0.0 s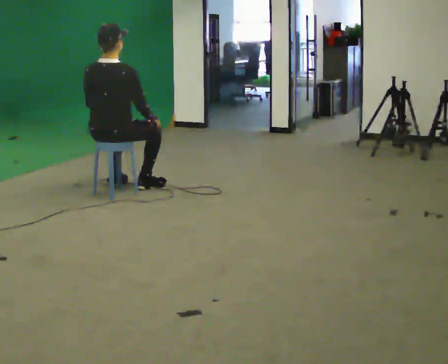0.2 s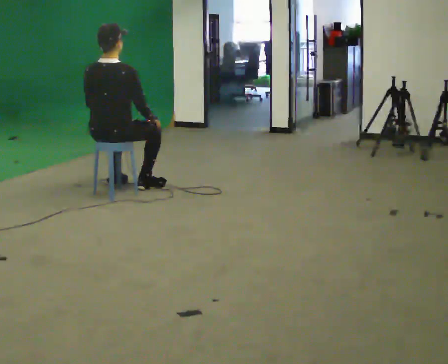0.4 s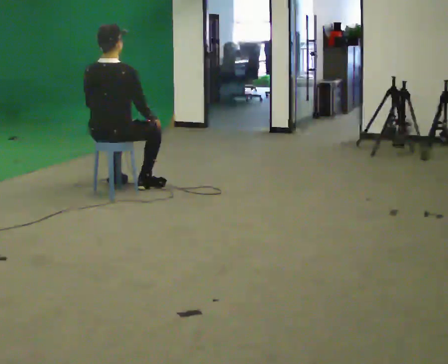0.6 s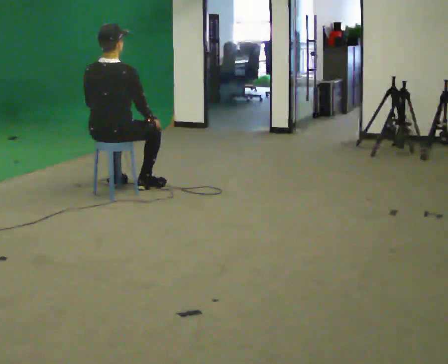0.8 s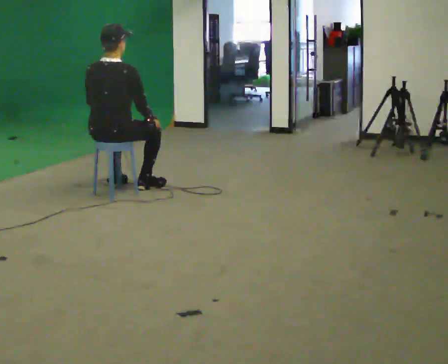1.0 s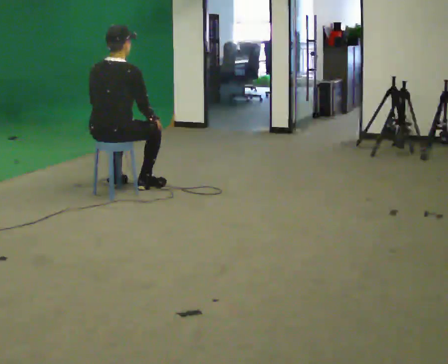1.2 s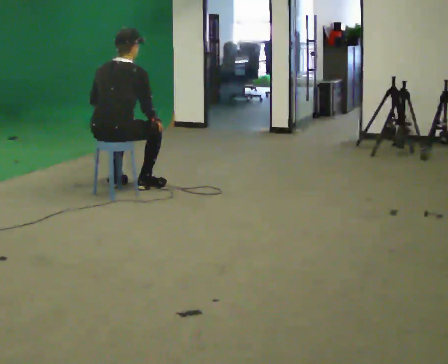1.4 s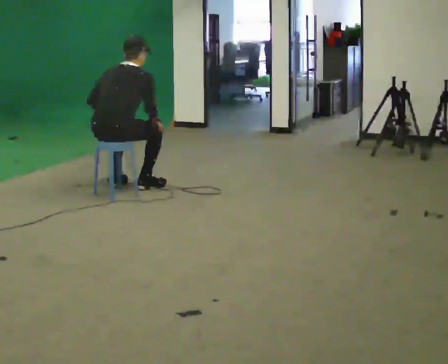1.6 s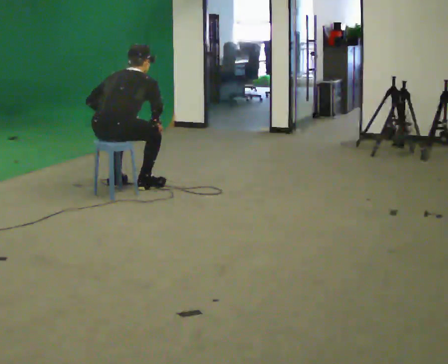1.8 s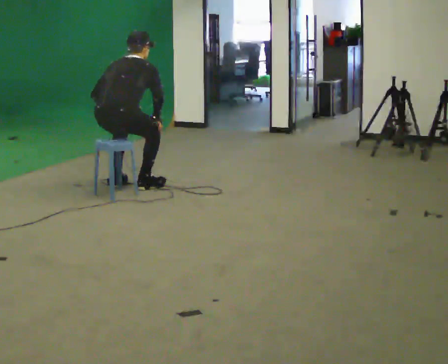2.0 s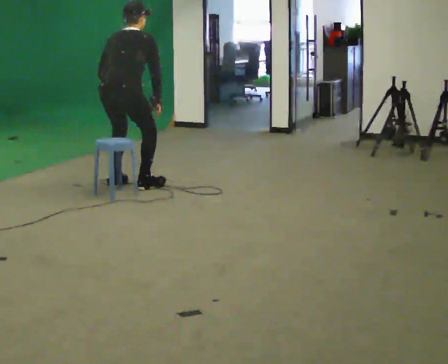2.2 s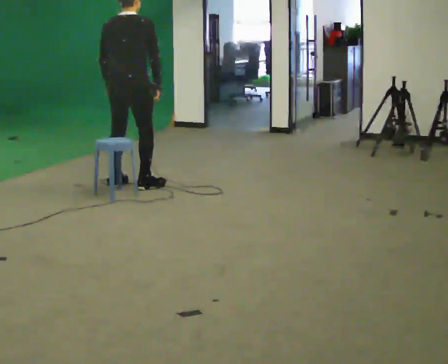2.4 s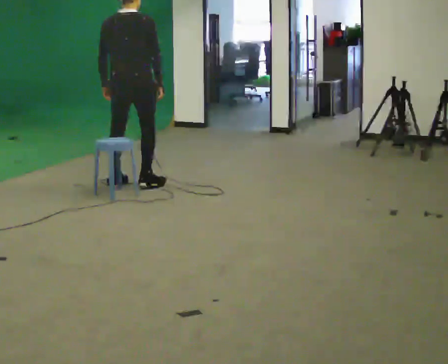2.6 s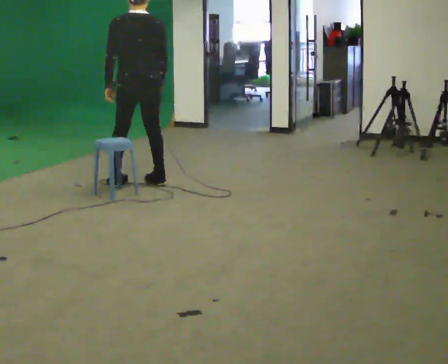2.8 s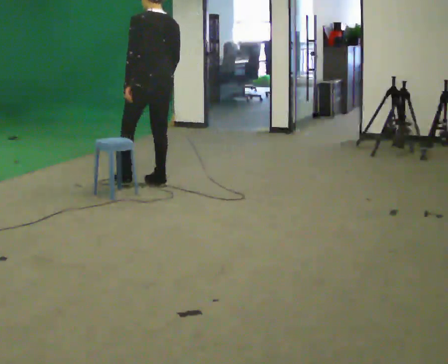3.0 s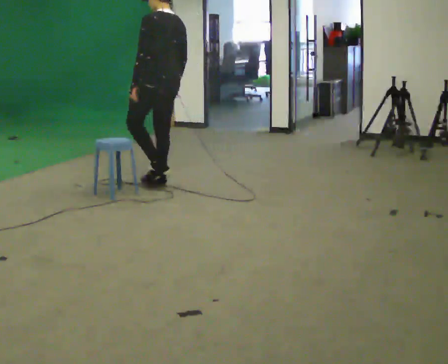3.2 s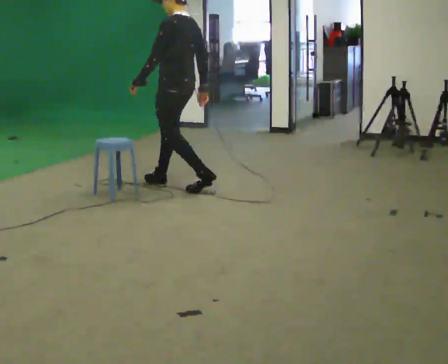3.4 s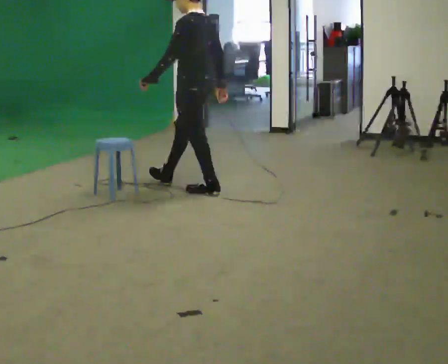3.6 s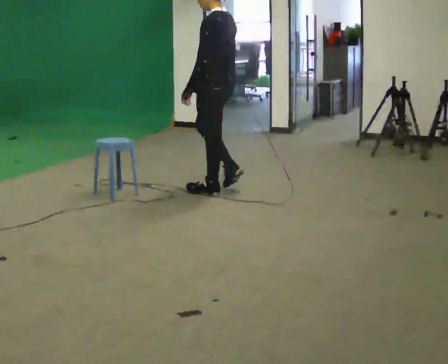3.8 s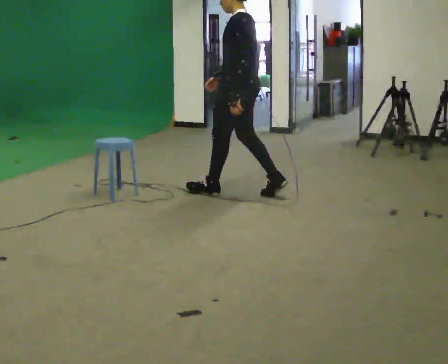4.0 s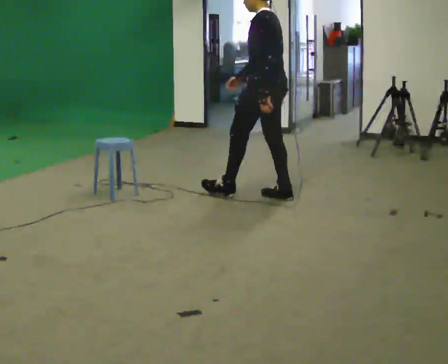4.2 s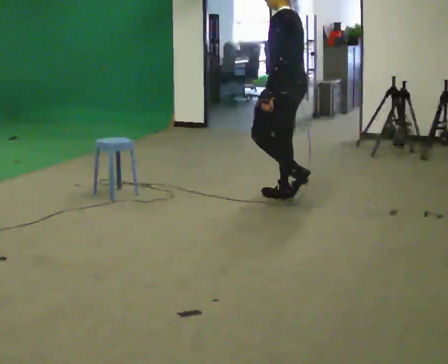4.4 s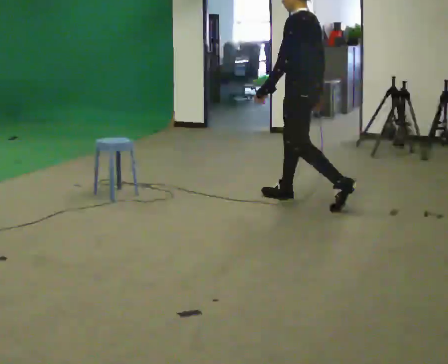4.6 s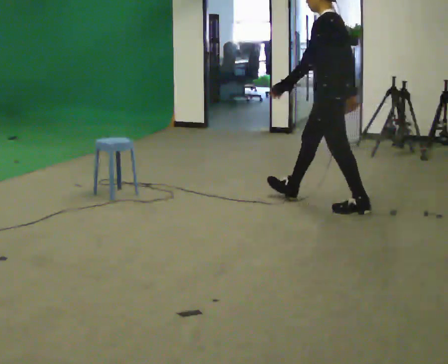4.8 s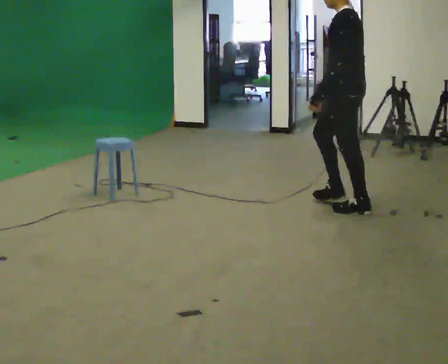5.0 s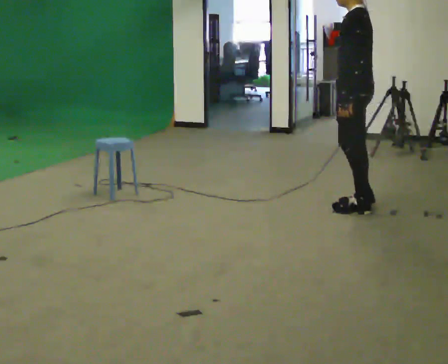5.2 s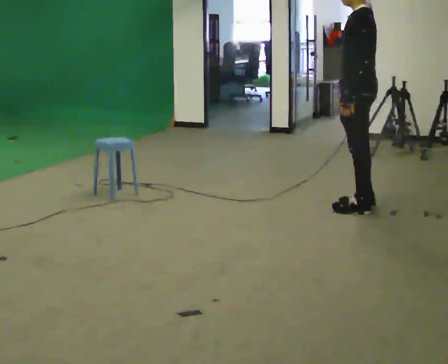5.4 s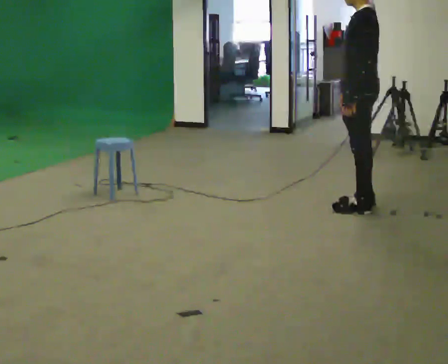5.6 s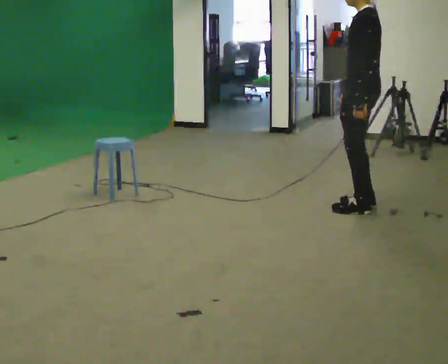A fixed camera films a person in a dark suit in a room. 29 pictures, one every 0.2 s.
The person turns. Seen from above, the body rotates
counterclockwise.
The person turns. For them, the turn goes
to their left.
0.0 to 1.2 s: The upper body tips away from the camera, its near side rolling upward, as they bend forward.
1.2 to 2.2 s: In the picture they go away from the camera, about 0.25 m, which for them is forward.
2.2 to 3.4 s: Seen from above the body turns counterclockwise, about 90 degrees: to their left, with its near side sliding to the right. In the picture they go to the right, about 0.5 m in 3 steps. The upper body tips toward the camera, its near side rolling downward, as they lean back or straighten.
3.4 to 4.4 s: In the picture they go to the right and toward the camera, about 1 m in 1 step, which for them is backward.
4.4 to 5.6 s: In the picture they go to the right and toward the camera, about 0.5 m in 1 step, which for them is backward.
The film runs backward here.
